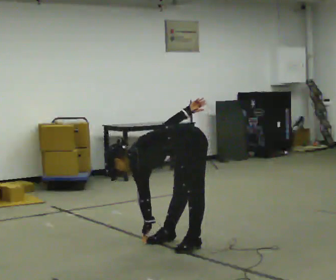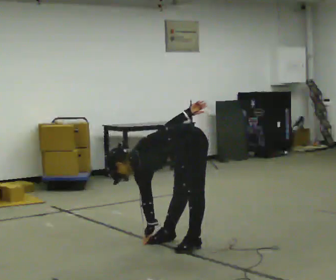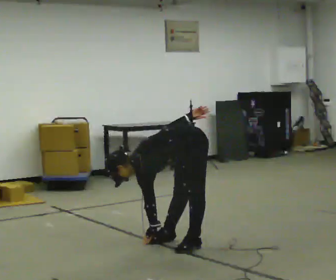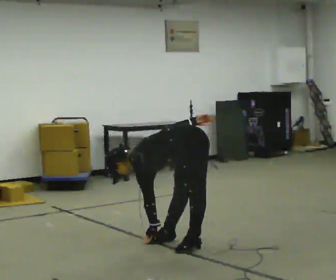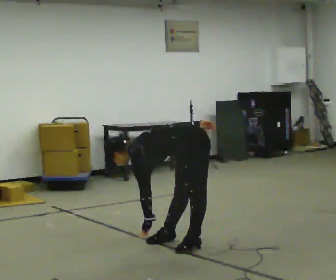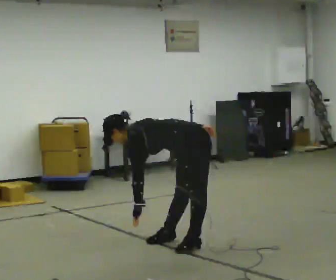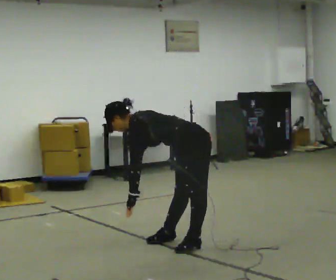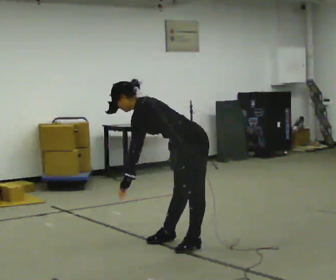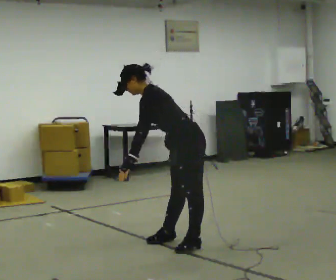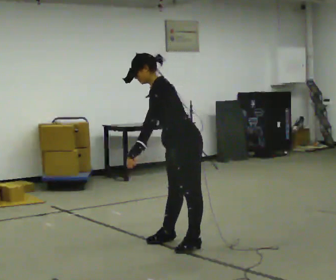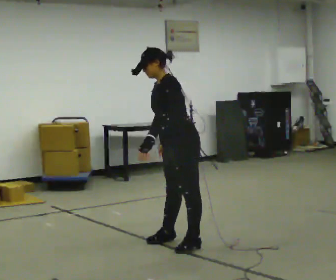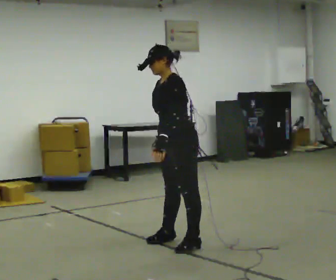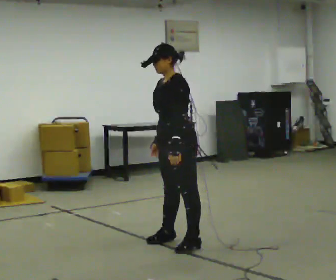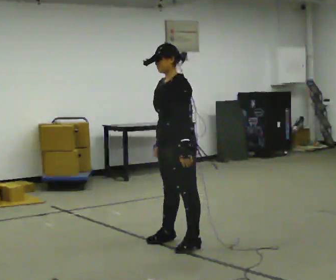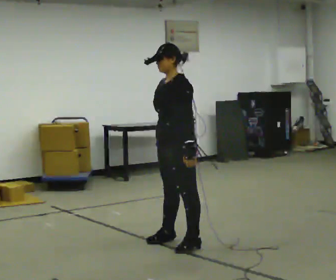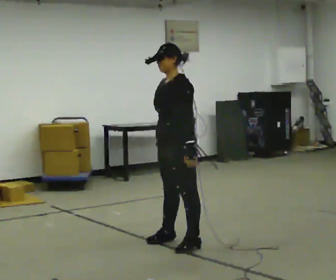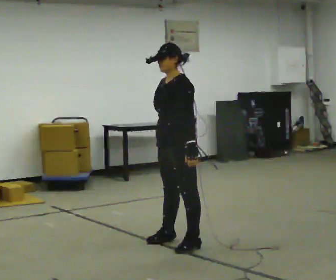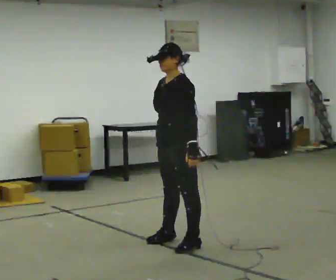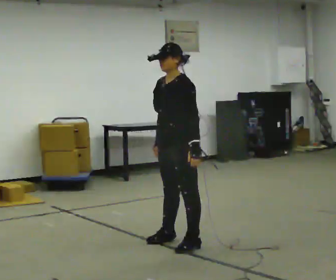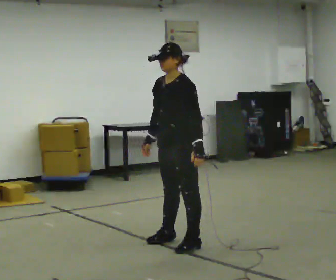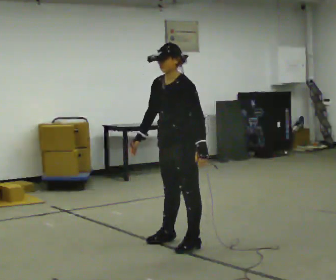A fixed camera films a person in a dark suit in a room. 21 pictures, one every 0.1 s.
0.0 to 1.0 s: The upper body goes upward. In the picture the upper body tilts clockwise, shoulders to the right, as they lean back or straighten.
1.0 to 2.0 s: In the picture the upper body tilts clockwise, shoulders to the right. In the picture their left hand goes to the right.
The film runs backward here.
